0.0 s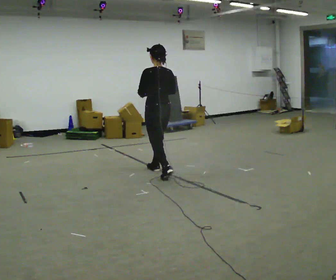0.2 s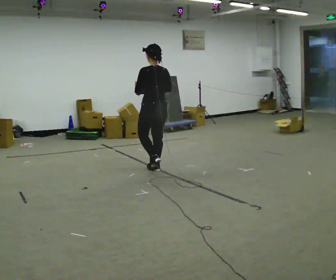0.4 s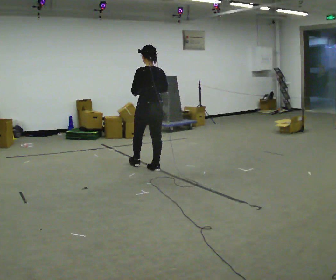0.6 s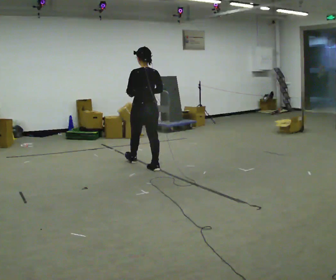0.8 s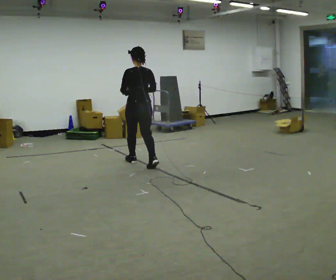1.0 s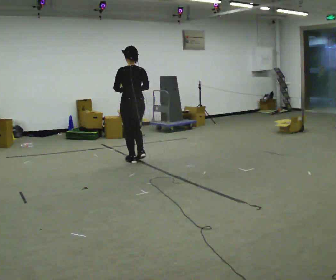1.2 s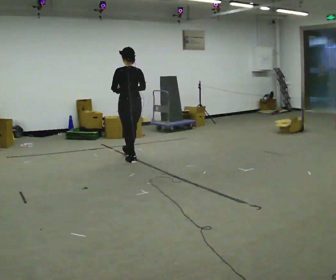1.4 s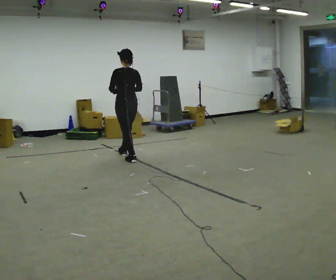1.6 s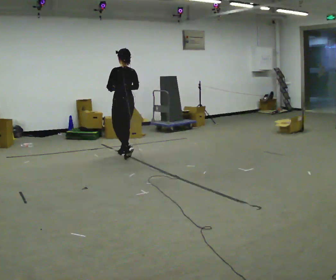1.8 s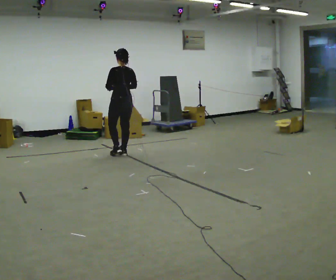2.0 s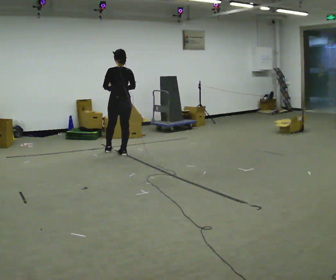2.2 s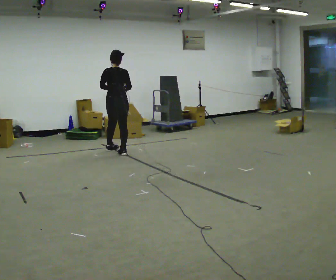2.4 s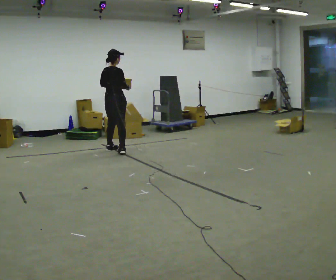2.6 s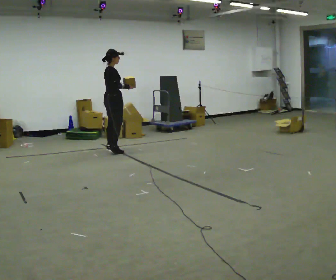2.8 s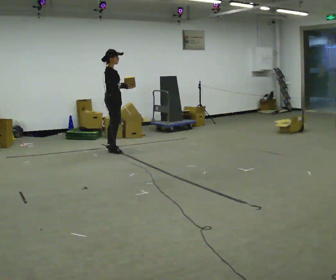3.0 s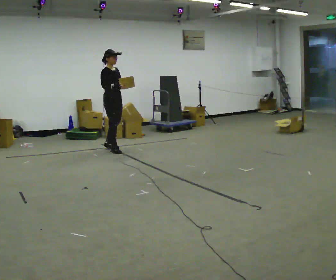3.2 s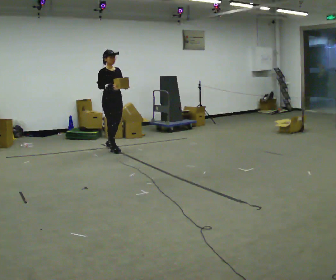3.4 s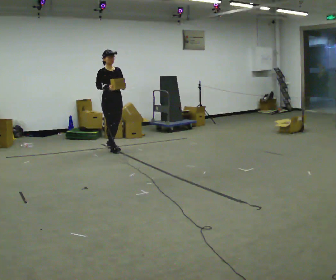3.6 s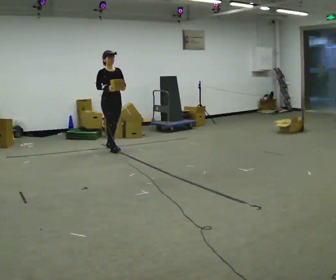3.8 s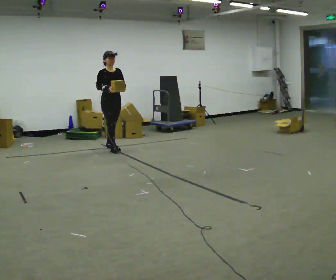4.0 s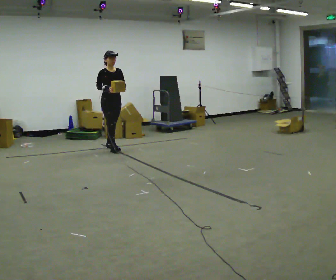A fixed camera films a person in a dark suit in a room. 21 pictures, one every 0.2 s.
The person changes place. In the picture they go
away from the camera.
The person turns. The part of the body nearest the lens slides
to the left.
0.0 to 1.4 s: In the picture they go away from the camera and to the left, about 1 m in 2 steps, which for them is forward.
1.4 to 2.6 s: The part of the body nearest the lens slides to the left as the person turns to their right by about 105 degrees. In the picture they go away from the camera and to the left, about 0.5 m in 1 step.
2.6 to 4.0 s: The part of the body nearest the lens slides to the left as the person turns to their right by about 75 degrees.
The film runs forward here.
